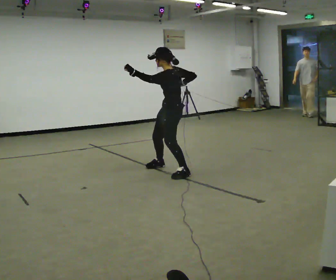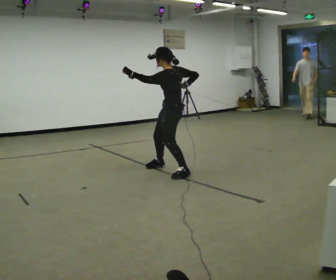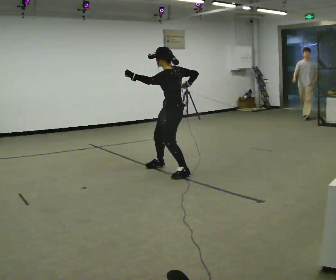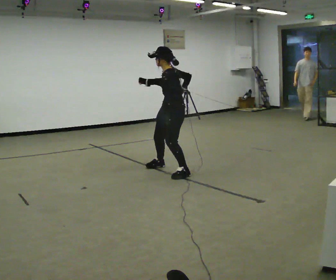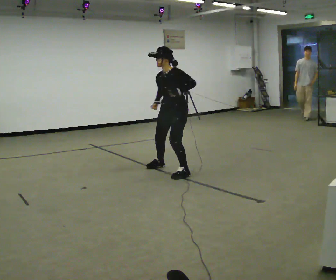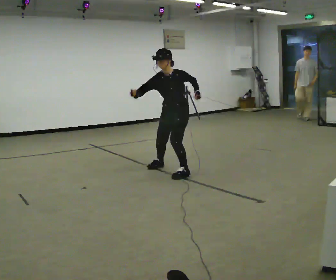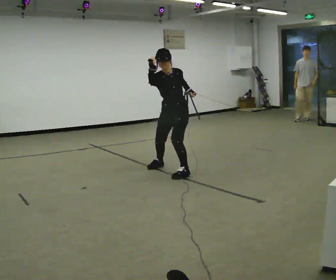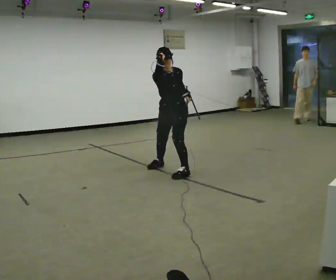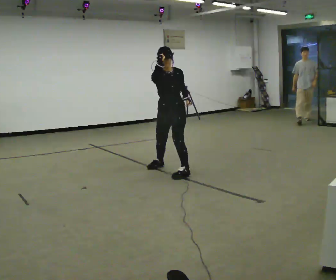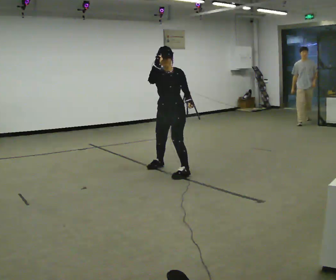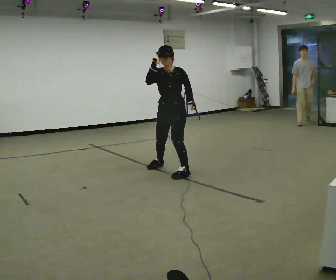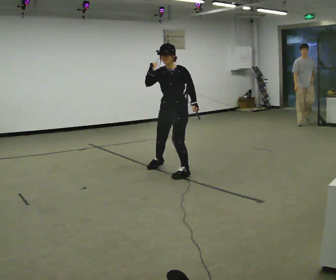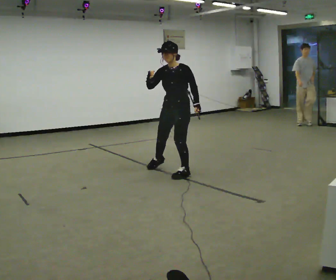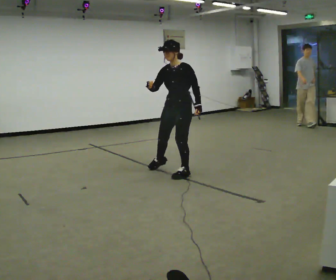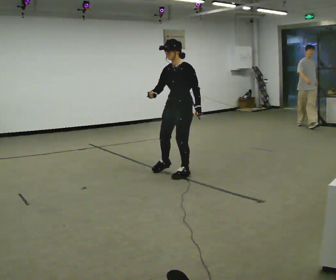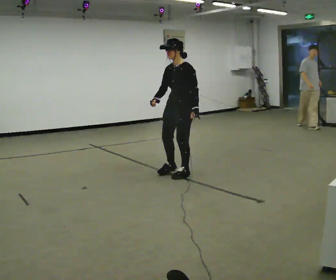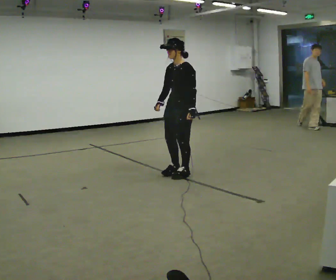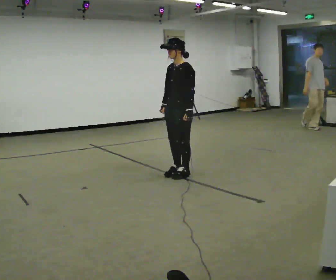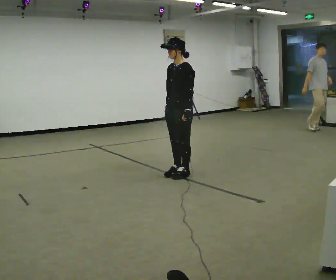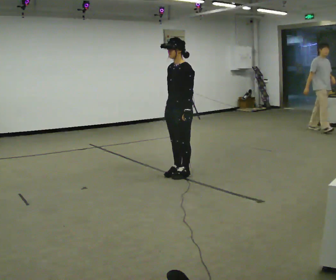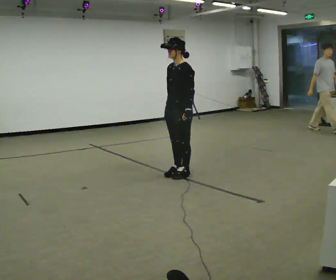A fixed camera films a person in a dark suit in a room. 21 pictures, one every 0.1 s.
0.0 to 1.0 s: Seen from above the body turns counterclockwise, about 75 degrees: to their left, with its near side sliding to the right. In the picture their left hand goes to the right and downward.
1.0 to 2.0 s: The person turns about 30 degrees to their right, clockwise seen from above, so the part of the body nearest the lens slides to the left. In the picture their right hand goes downward.
The film runs forward here.
